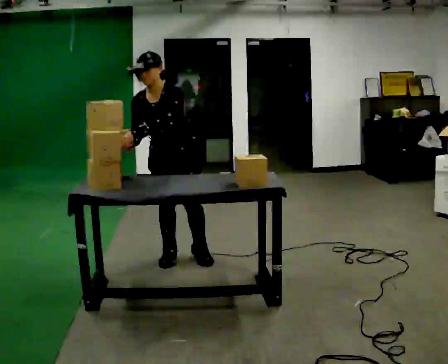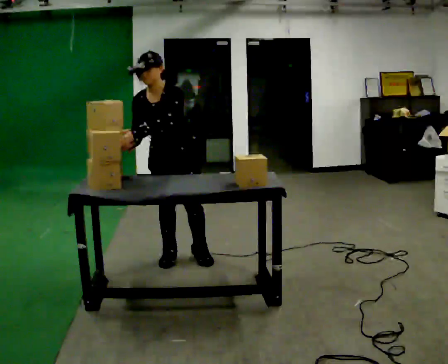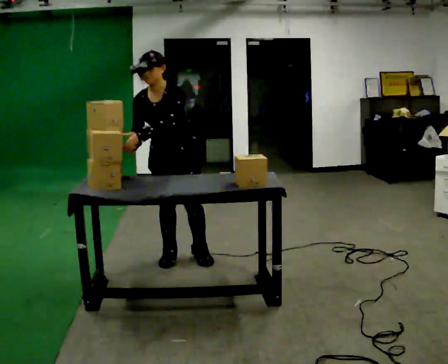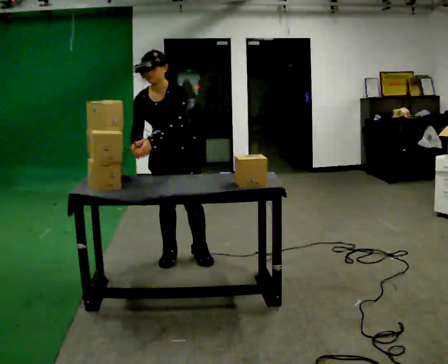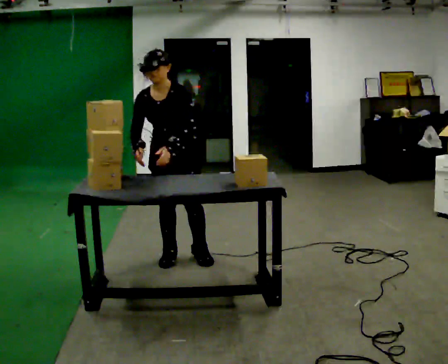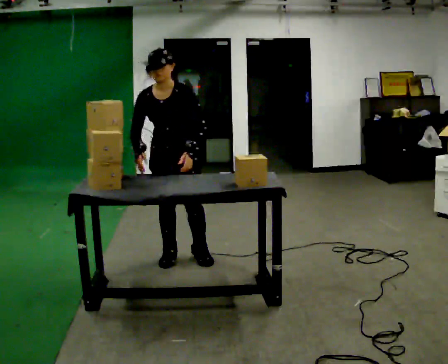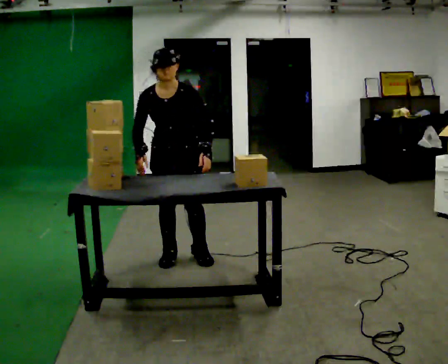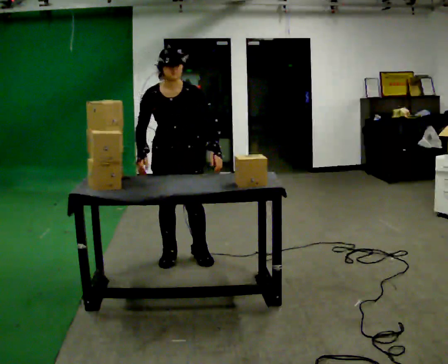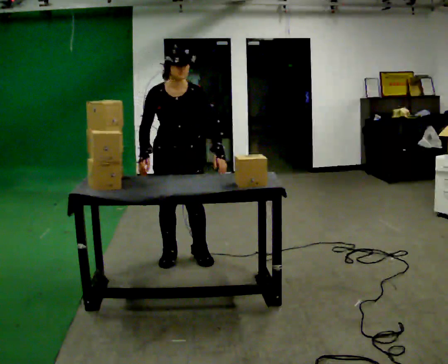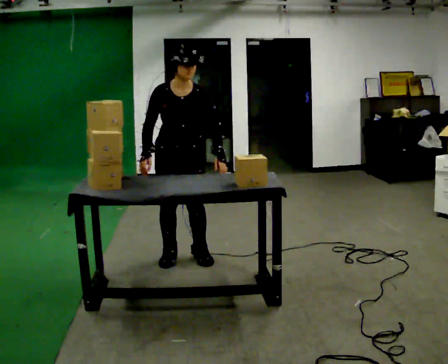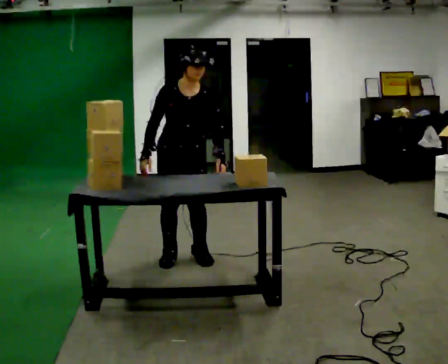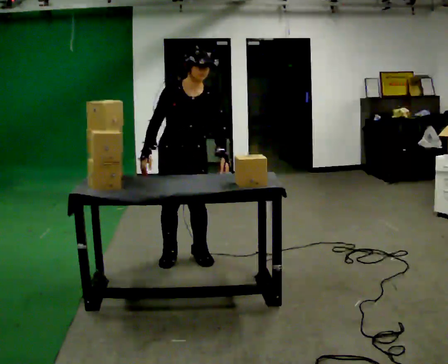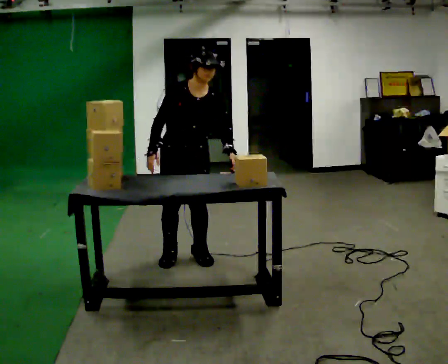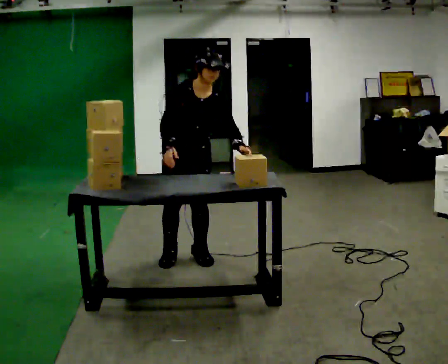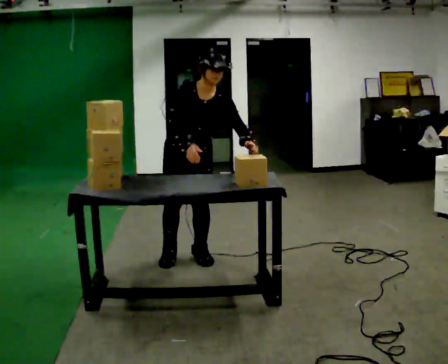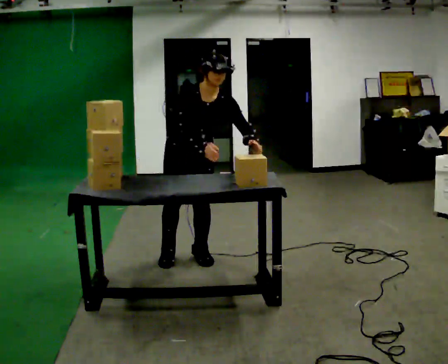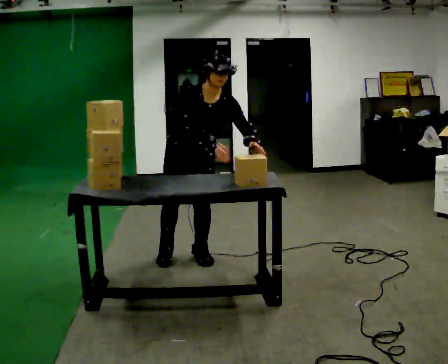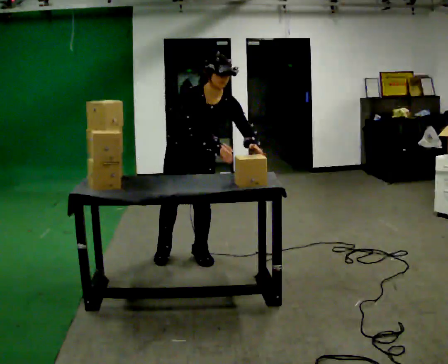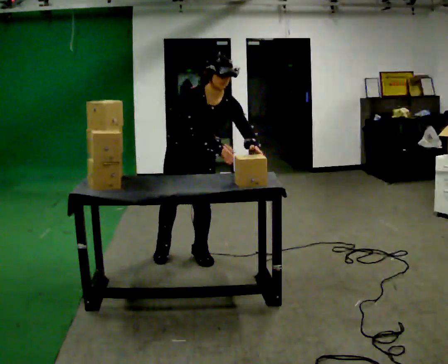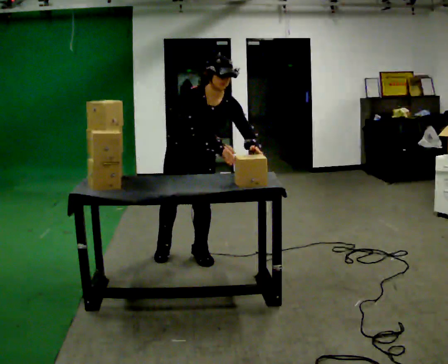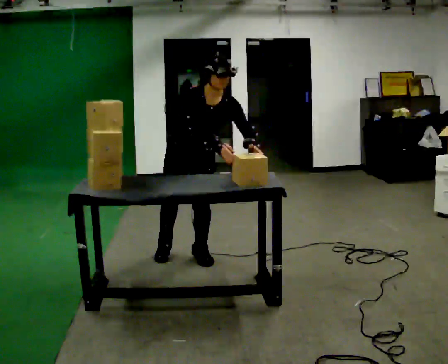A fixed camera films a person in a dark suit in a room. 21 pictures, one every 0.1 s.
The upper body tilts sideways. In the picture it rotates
clockwise.
0.0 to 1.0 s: The person turns about 30 degrees to their left, counterclockwise seen from above, so the part of the body nearest the lens slides to the right. In the picture the upper body tilts clockwise, shoulders to the right. In the picture their left hand goes to the right.
1.0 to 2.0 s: The upper body tips toward the camera, its near side rolling downward, as they bend forward. In the picture their right hand goes to the right.
The film runs forward here.
